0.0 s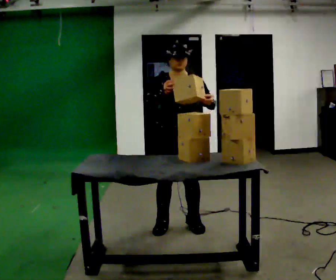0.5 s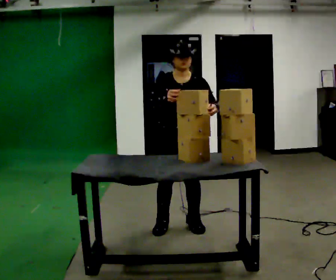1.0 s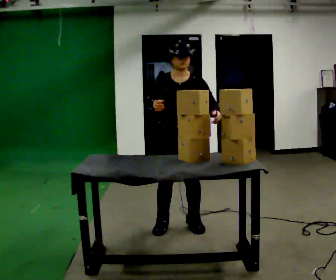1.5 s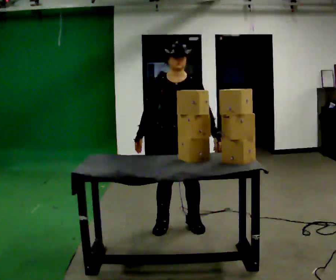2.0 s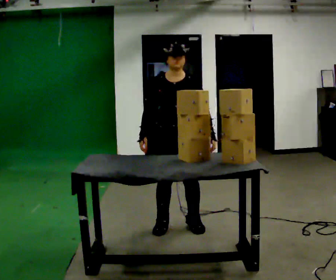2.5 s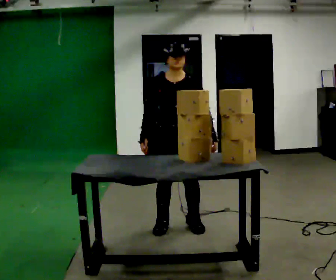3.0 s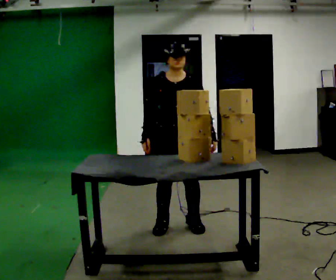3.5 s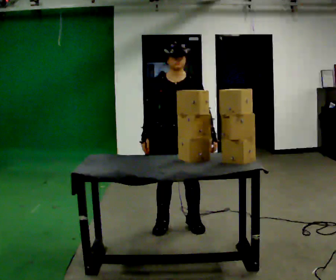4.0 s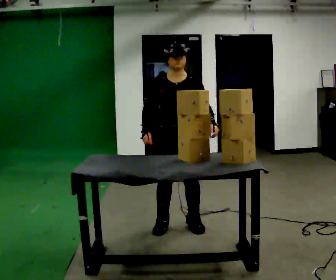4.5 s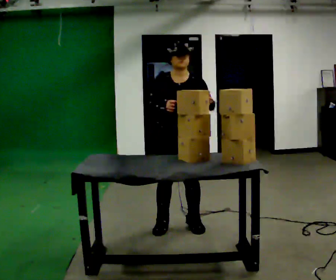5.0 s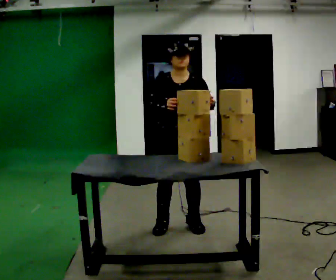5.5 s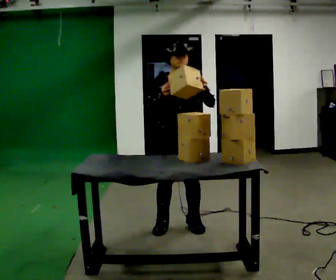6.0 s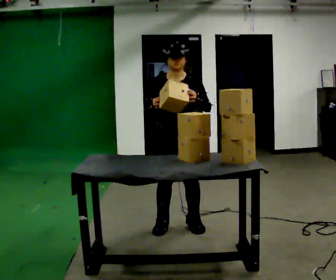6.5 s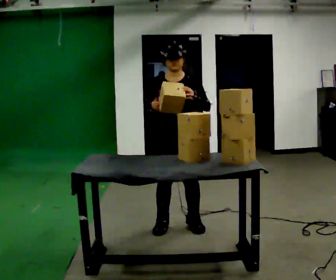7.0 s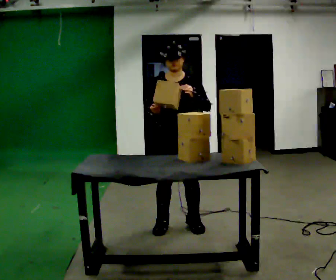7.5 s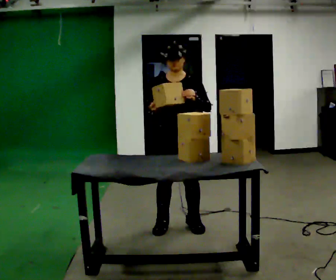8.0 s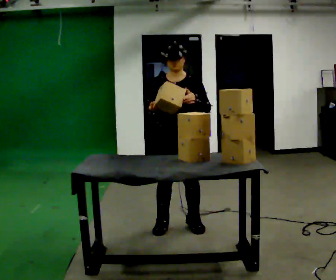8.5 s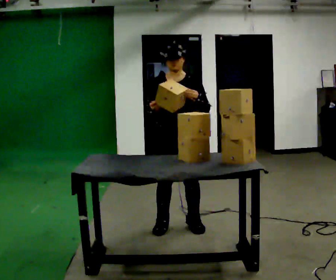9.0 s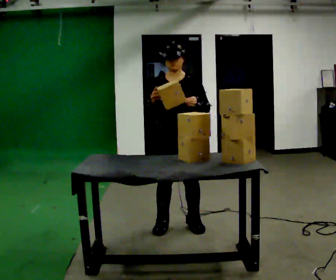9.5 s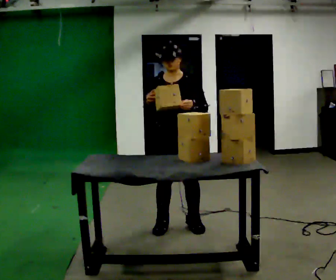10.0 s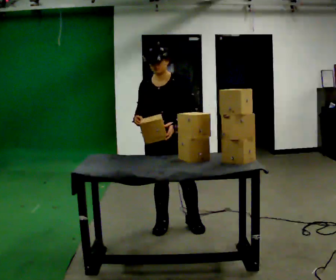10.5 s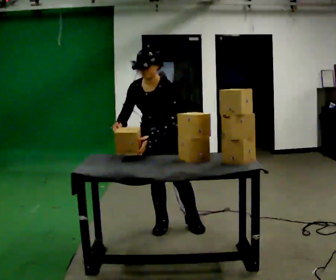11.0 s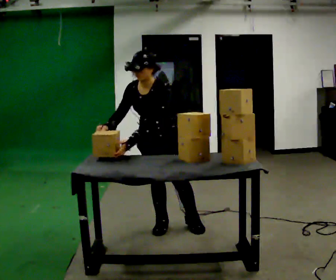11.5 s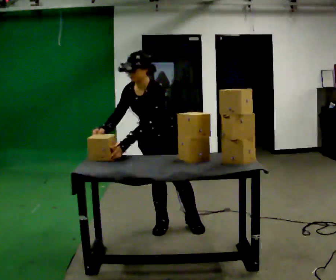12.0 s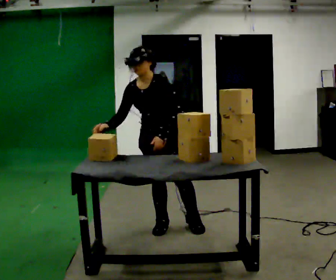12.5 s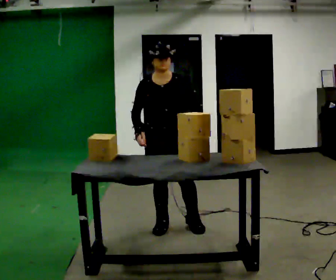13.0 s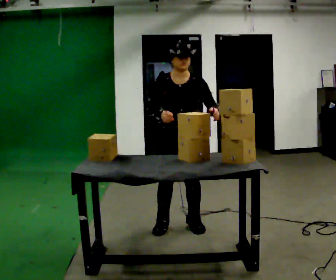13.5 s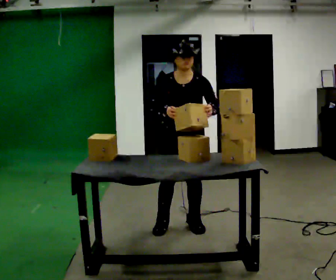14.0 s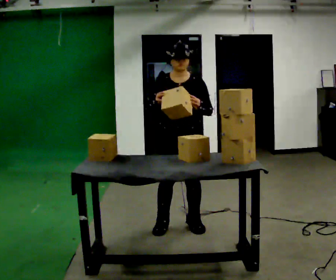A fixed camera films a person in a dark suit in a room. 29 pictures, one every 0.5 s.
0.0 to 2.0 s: In the picture their right hand goes downward.
2.0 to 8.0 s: The person moves a little, or ends about where they began.
8.0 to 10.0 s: The upper body tips toward the camera, its near side rolling downward, as they bend forward.
10.0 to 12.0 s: The person moves a little, or ends about where they began.
12.0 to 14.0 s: In the picture the upper body tilts clockwise, shoulders to the right. In the picture their right hand goes to the right.
The film runs forward here.
